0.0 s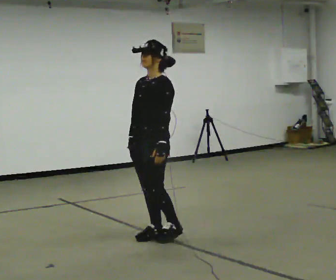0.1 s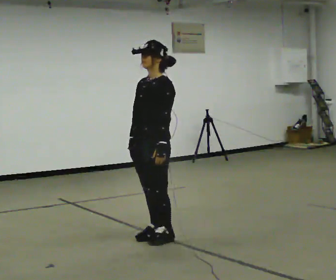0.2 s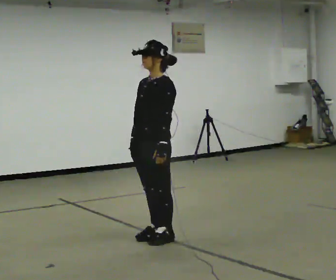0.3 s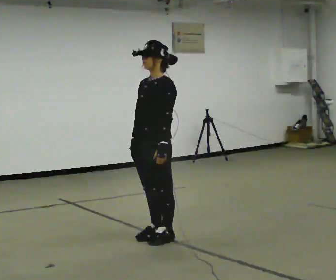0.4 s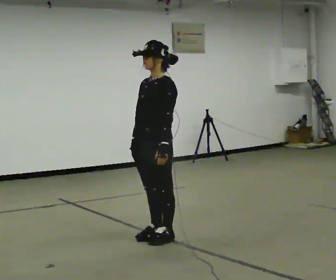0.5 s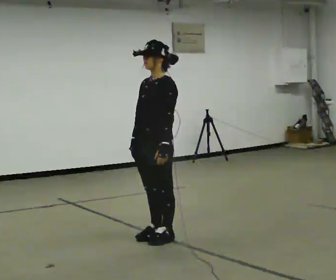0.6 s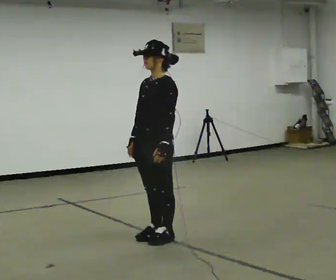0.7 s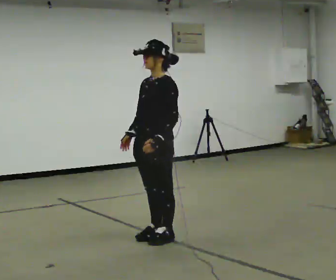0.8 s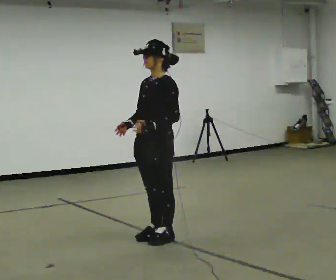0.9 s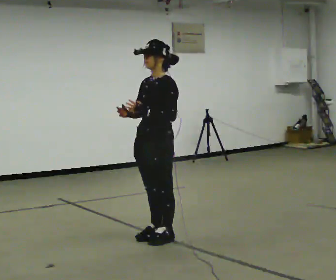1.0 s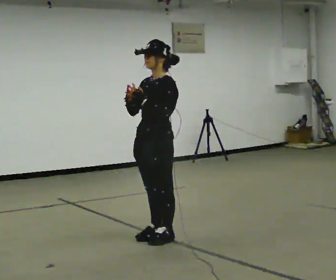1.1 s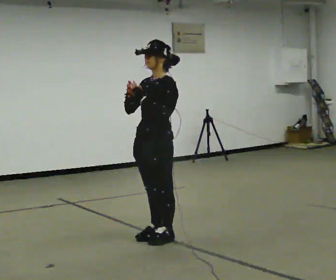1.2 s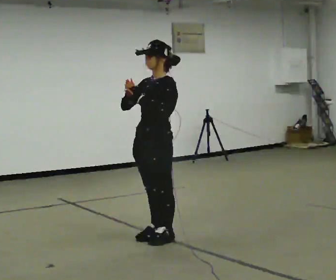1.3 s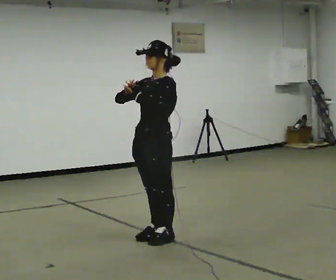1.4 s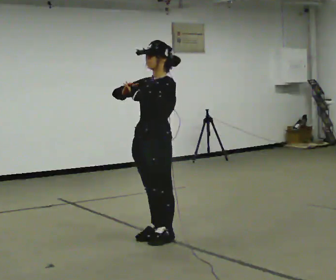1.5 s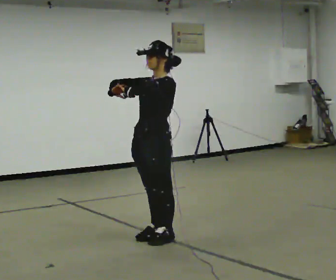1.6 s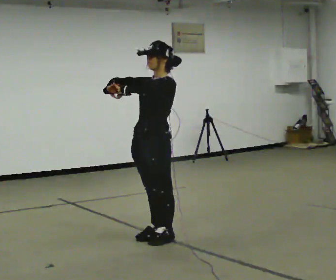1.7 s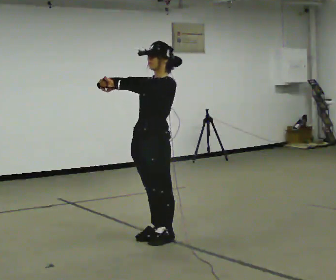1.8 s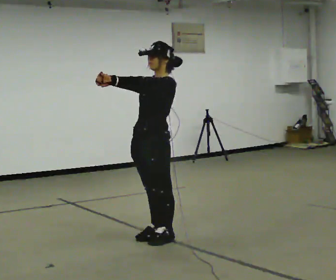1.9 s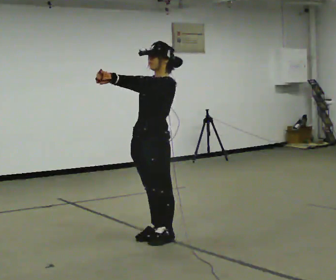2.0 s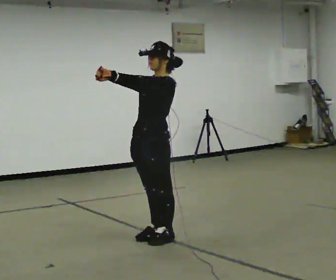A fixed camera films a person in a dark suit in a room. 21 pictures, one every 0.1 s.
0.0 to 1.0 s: In the picture their right hand goes upward.
1.0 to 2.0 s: The person moves a little, or ends about where they began.
The film runs forward here.
